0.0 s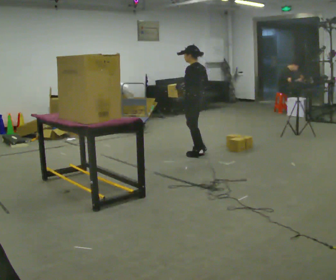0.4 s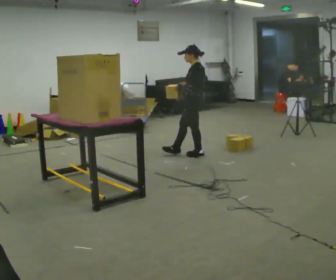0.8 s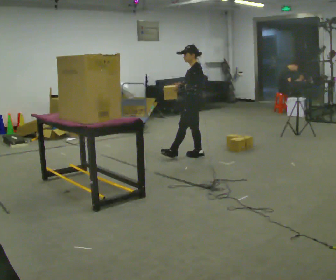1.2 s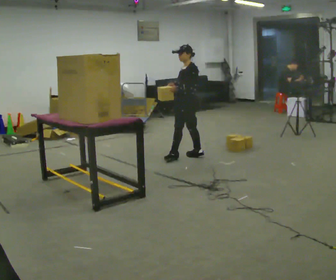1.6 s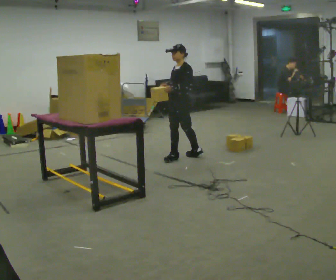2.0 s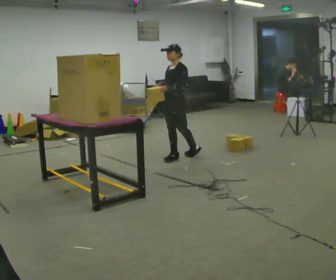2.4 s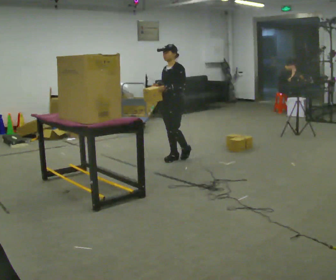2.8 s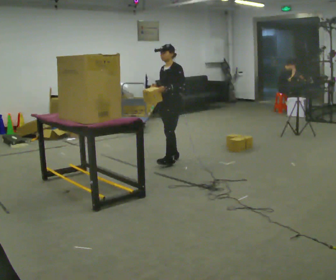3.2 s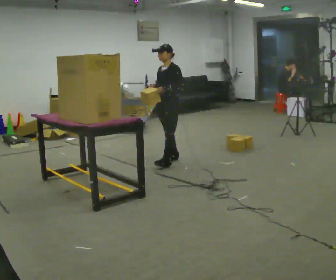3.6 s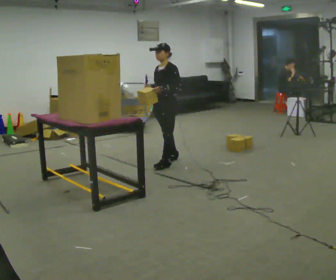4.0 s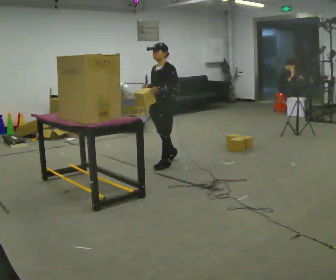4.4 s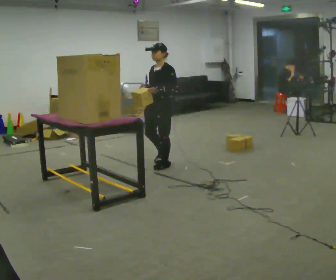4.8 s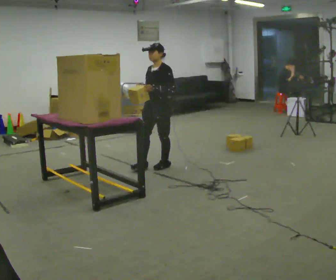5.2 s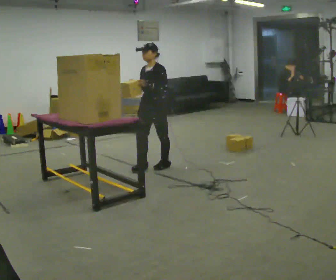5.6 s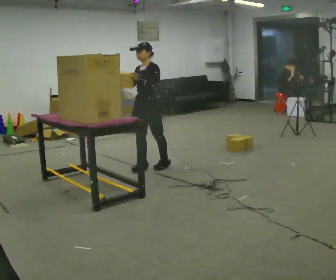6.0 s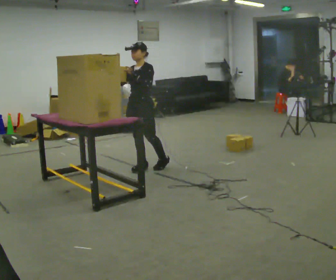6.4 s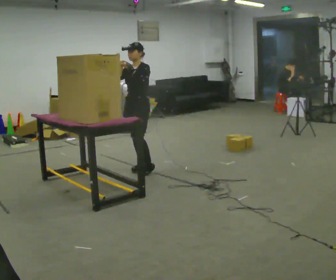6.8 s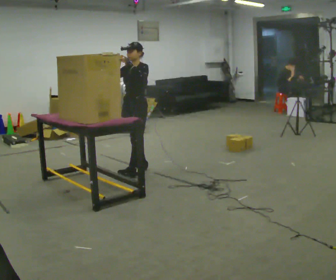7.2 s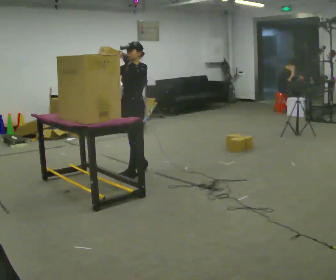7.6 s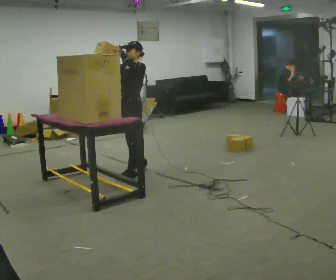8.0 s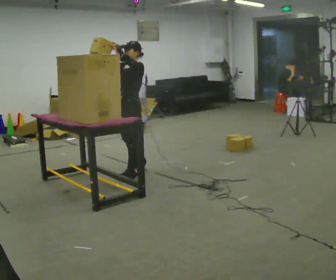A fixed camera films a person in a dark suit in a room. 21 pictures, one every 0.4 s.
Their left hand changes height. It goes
upward.
0.0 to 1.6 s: Seen from above the body turns counterclockwise, about 60 degrees: to their left, with its near side sliding to the right. In the picture they go to the left, about 0.25 m in 1 step.
1.6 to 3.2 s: The person moves a little, or ends about where they began.
3.2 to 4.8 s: In the picture they go toward the camera, about 0.25 m in 1 step, which for them is forward and to their left.
4.8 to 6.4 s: In the picture they go to the left, about 0.25 m, which for them is forward.
6.4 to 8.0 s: In the picture they go toward the camera, about 0.25 m in 1 step, which for them is forward and to their left.
The film runs forward here.
